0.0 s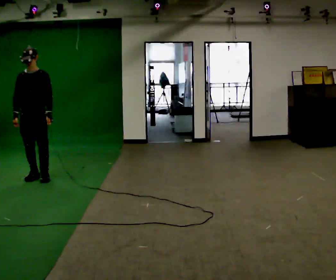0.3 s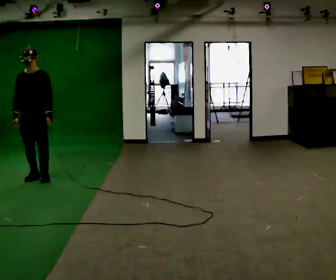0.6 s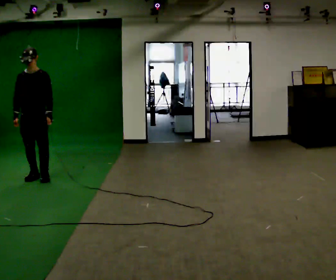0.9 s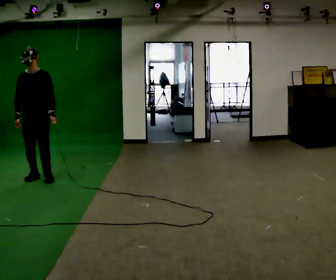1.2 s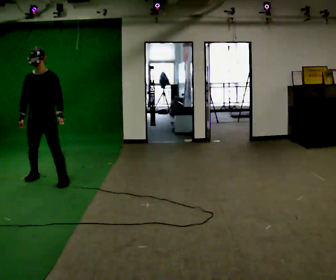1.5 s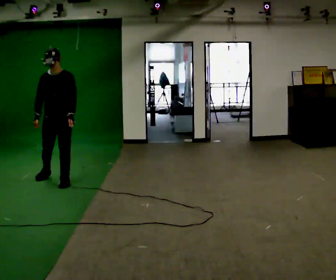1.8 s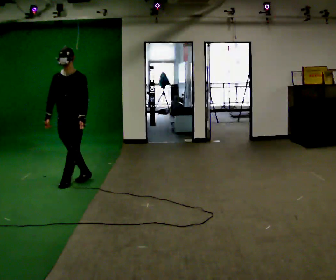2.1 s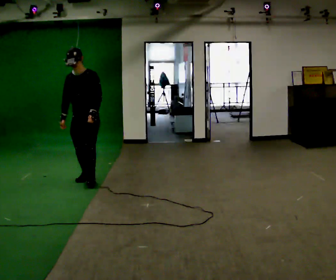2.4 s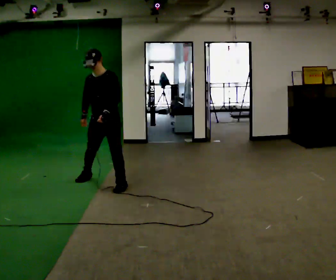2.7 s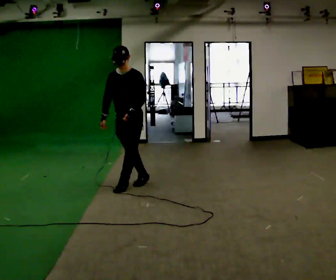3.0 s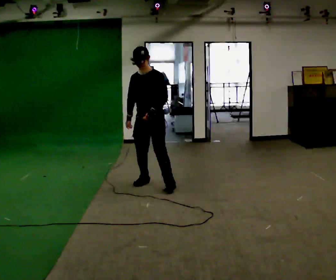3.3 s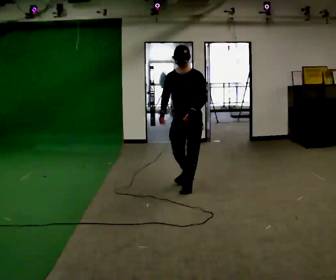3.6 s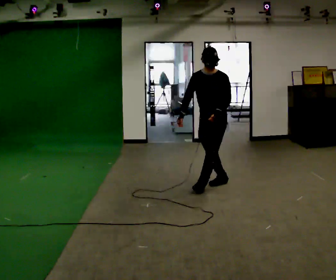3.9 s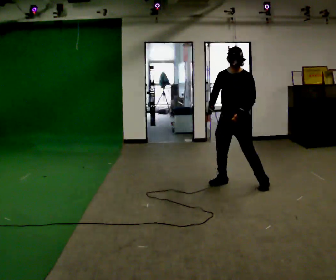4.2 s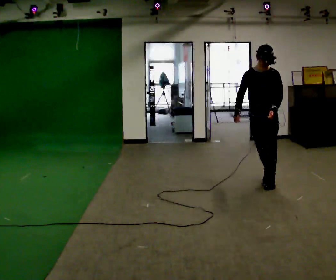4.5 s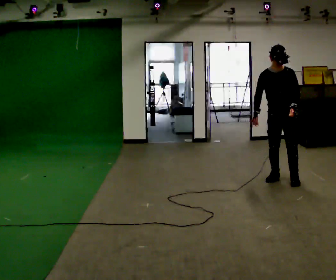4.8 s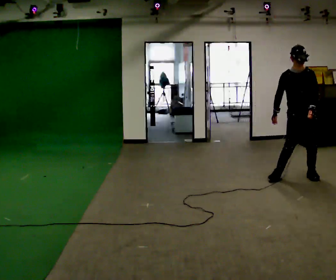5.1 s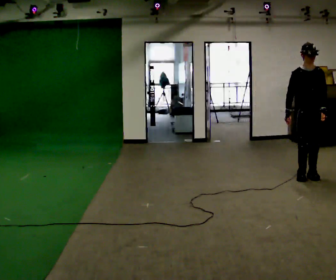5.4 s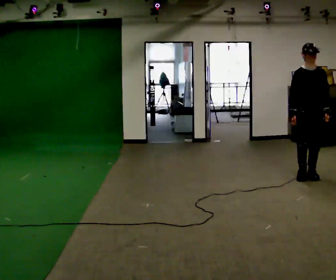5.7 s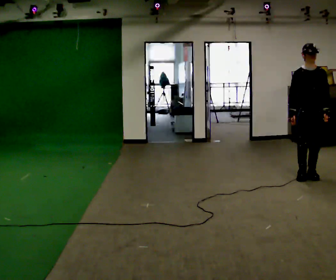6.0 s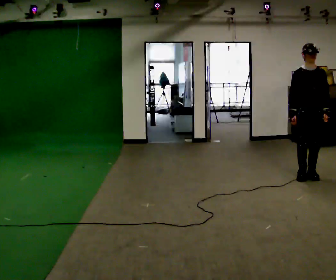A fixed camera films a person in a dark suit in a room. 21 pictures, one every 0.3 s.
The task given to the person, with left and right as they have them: Move sideways in the direction the operator calls, crossing one foot in front and then behind, alternating.
0.0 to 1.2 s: The person moves a little, or ends about where they began.
1.2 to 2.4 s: In the picture they go to the right, about 1 m in 3 steps, which for them is to their left.
2.4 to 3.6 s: In the picture they go to the right, about 1.5 m in 3 steps, which for them is to their left.
3.6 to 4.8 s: The person turns about 30 degrees to their left, counterclockwise seen from above, so the part of the body nearest the lens slides to the right. In the picture they go to the right, about 1 m in 3 steps, which for them is to their left.
4.8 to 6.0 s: The person moves a little, or ends about where they began.
The film runs forward here.
